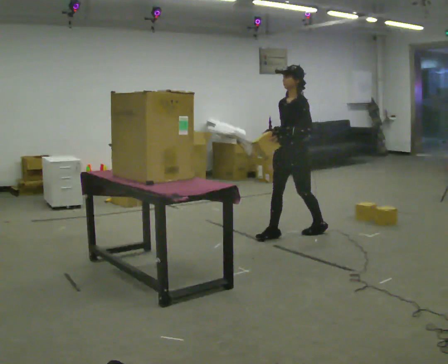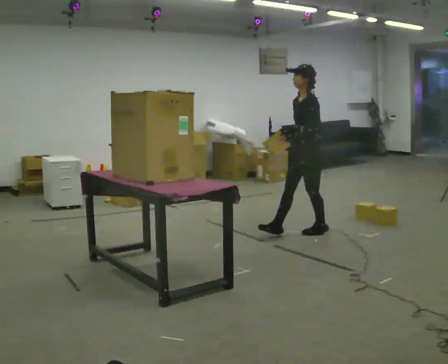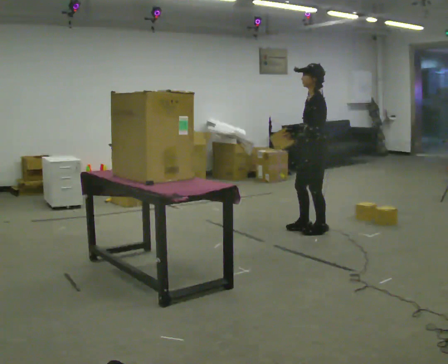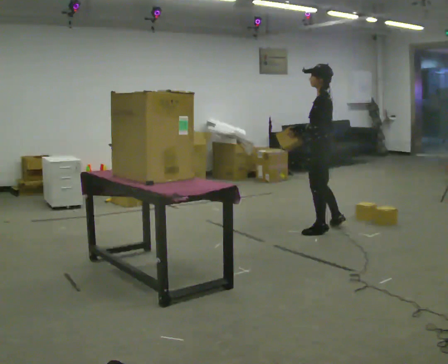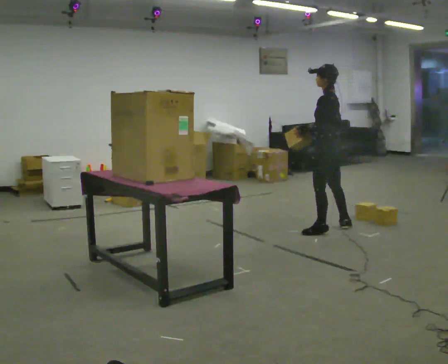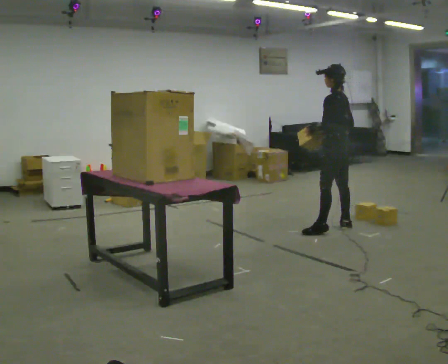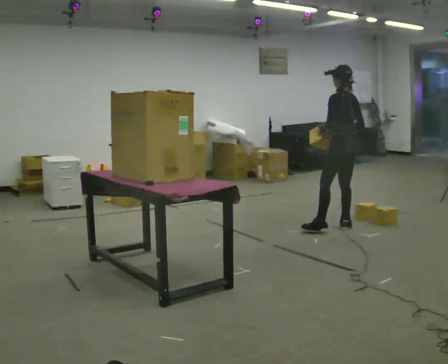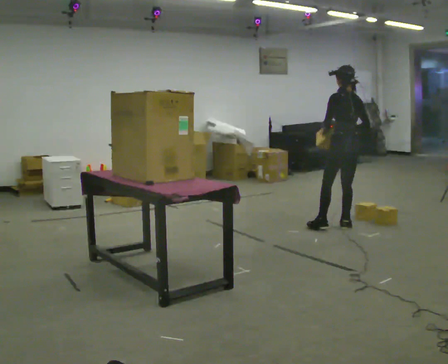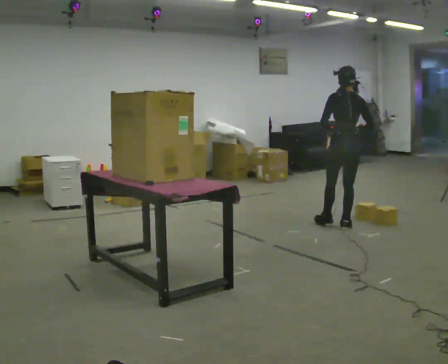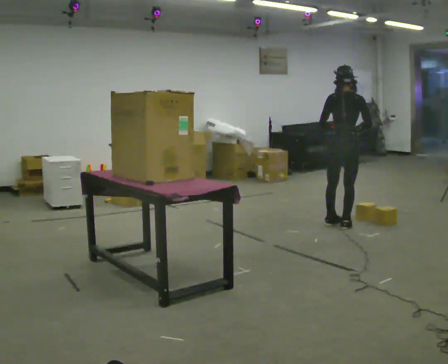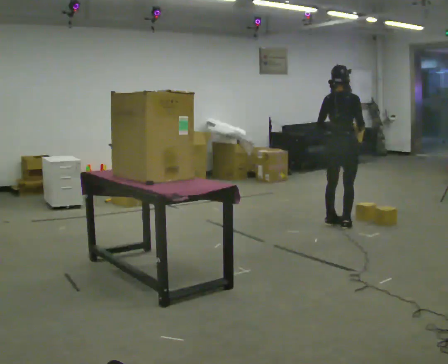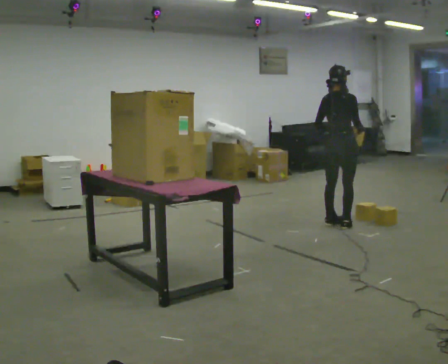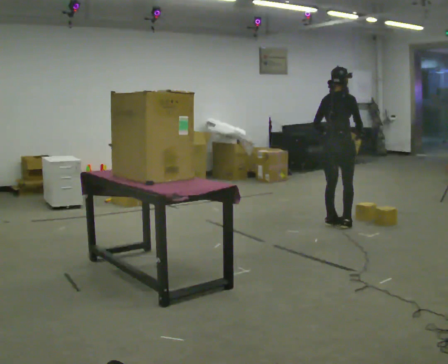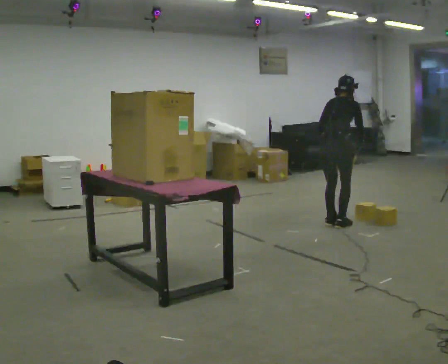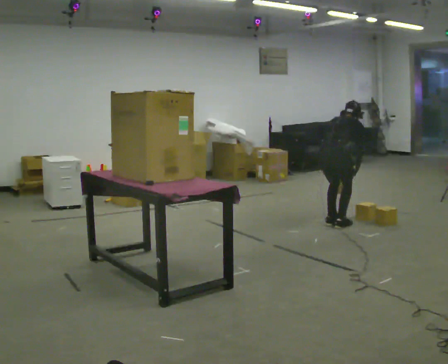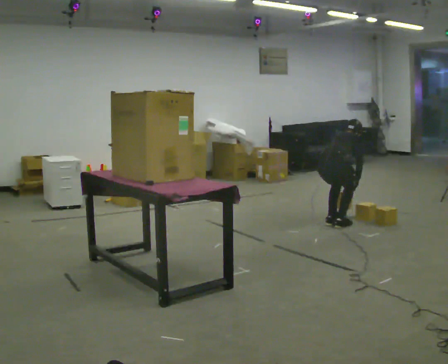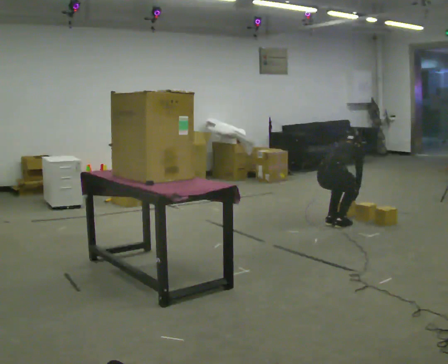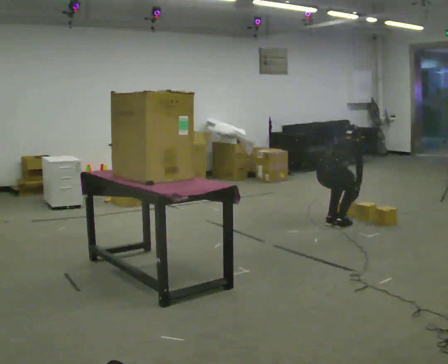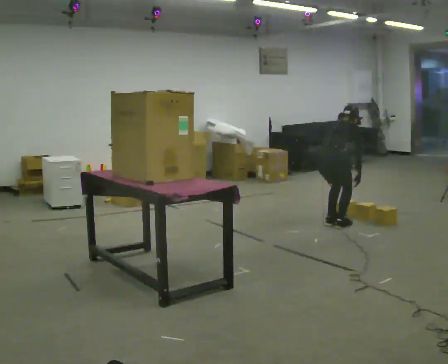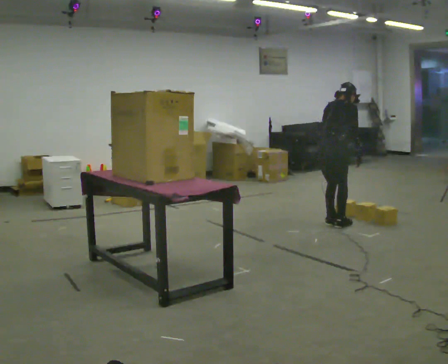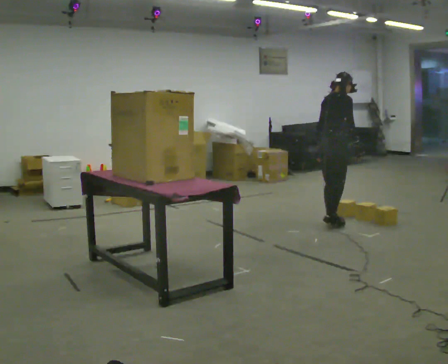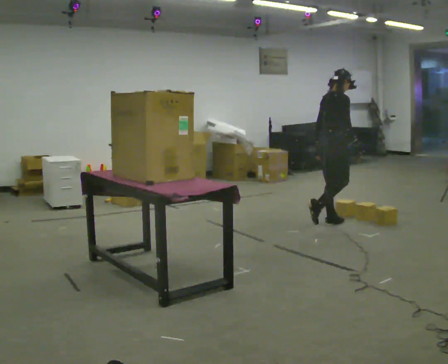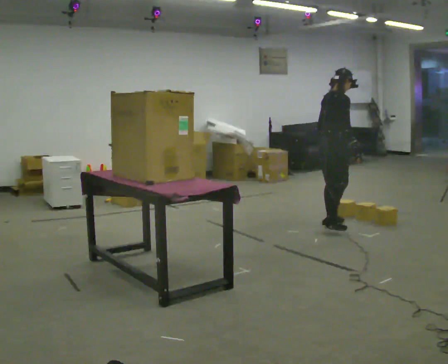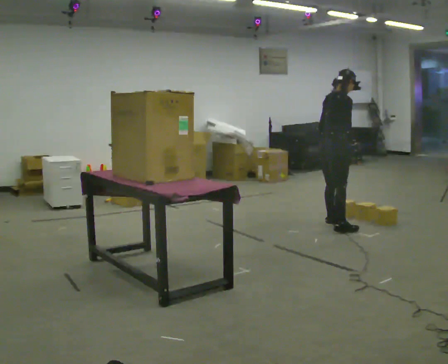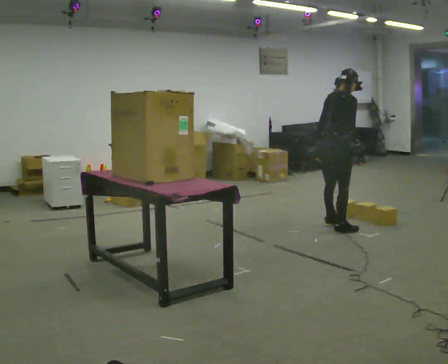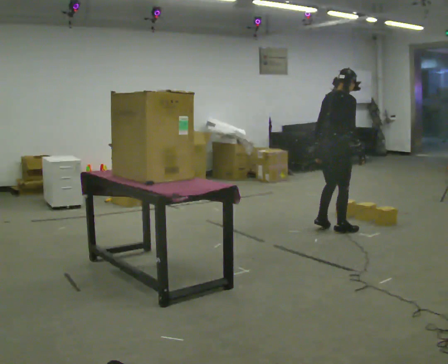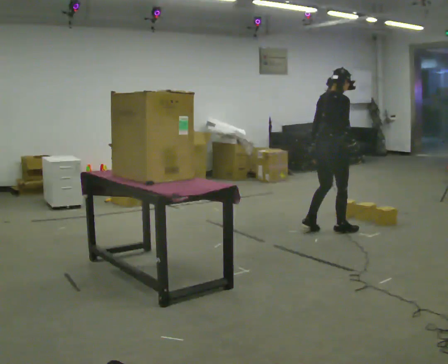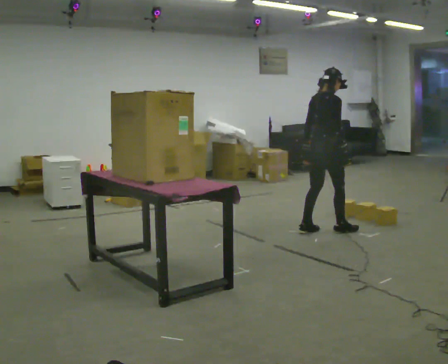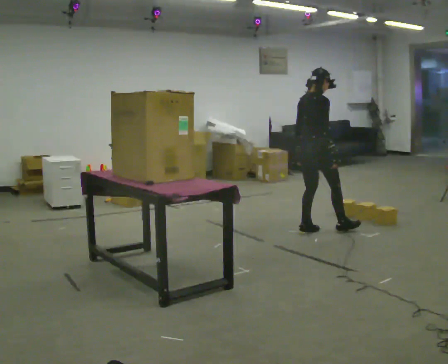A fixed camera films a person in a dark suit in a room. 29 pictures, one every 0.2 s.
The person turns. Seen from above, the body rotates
clockwise.
The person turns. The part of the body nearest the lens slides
to the left.
0.0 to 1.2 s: The part of the body nearest the lens slides to the left as the person turns to their right by about 75 degrees. In the picture they go to the right and away from the camera, about 0.5 m in 2 steps.
1.2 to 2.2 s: The person turns about 75 degrees to their right, clockwise seen from above, so the part of the body nearest the lens slides to the left.
2.2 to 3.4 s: The shoulders move downward. The upper body tips away from the camera, its near side rolling upward, as they bend forward. In the picture their left hand goes downward.
3.4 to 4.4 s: The part of the body nearest the lens slides to the left as the person turns to their right by about 30 degrees. The shoulders move upward. The upper body tips toward the camera, its near side rolling downward, as they lean back or straighten. In the picture their right hand goes upward.
4.4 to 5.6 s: In the picture they go toward the camera and to the left, about 0.25 m in 1 step, which for them is backward.
The film runs backward here.
